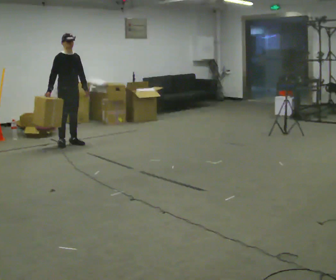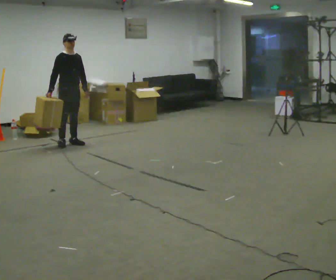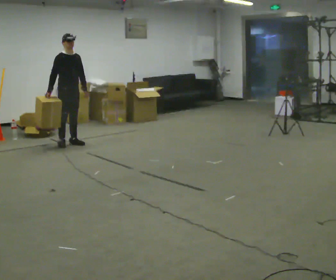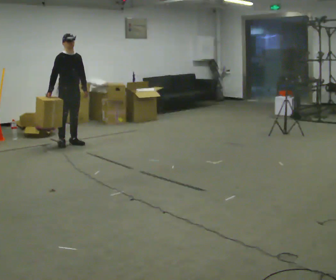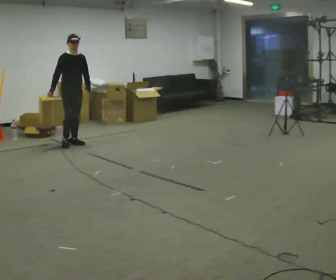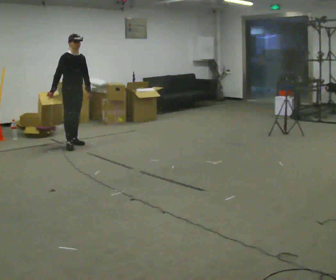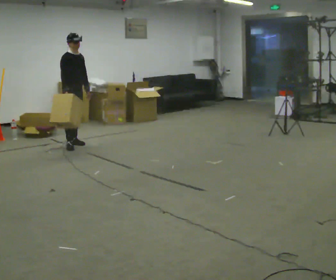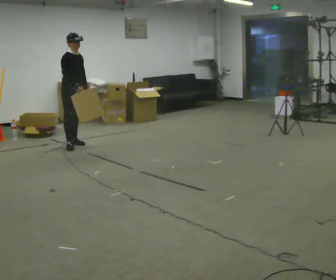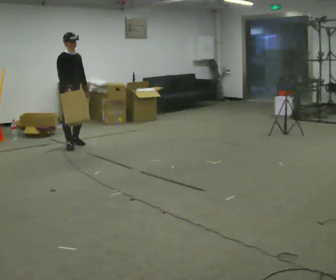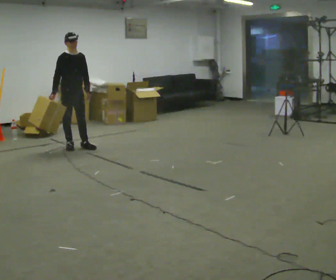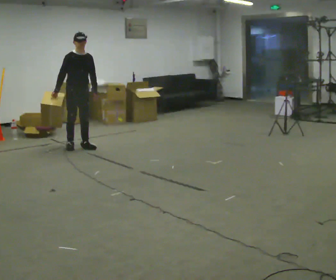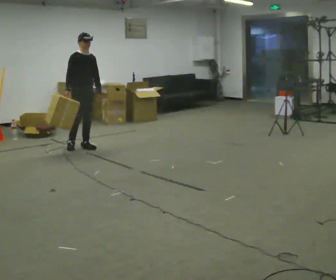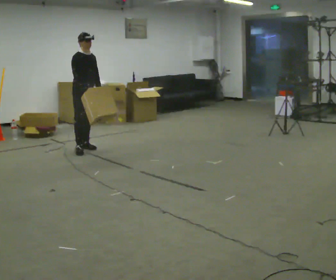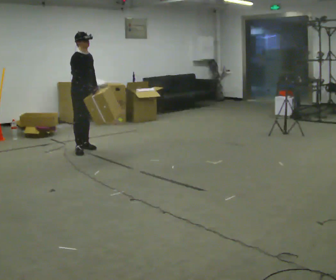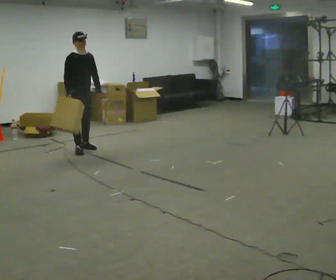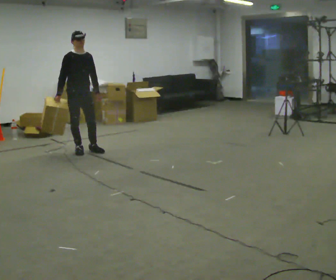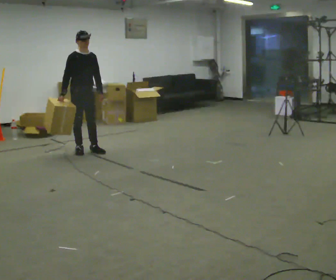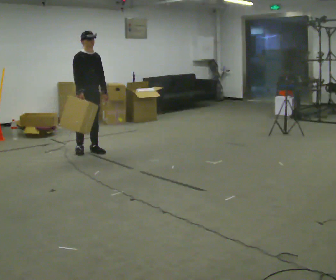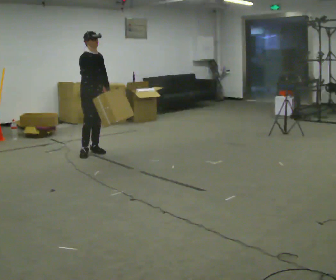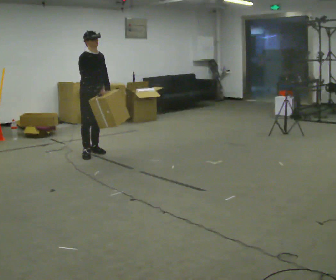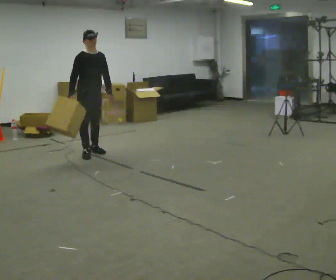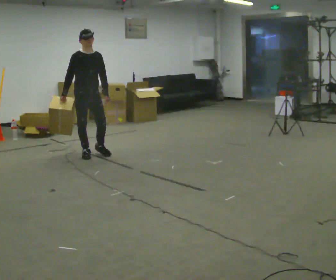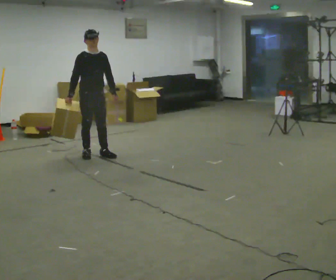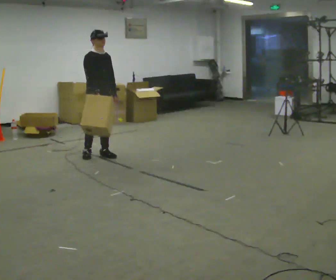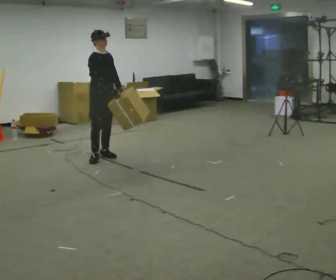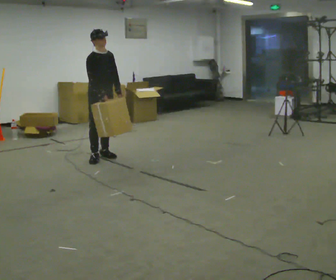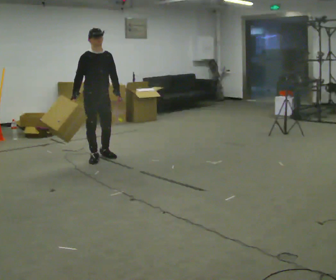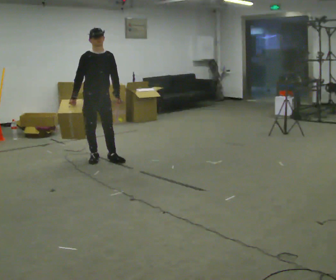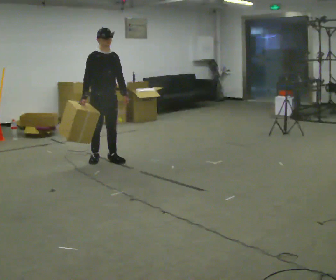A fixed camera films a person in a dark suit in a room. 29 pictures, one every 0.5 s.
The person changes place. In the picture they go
toward the camera.
0.0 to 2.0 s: The person moves a little, or ends about where they began.
2.0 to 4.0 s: In the picture they go toward the camera, about 0.25 m in 1 step, which for them is to their right and forward.
4.0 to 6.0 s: In the picture they go to the right, about 0.25 m in 2 steps, which for them is to their left and forward.
6.0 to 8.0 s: In the picture they go toward the camera, about 0.25 m in 1 step, which for them is forward. In the picture their right hand goes to the left.
8.0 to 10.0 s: In the picture they go toward the camera, about 0.25 m in 1 step, which for them is forward.
10.0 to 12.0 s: In the picture they go toward the camera, about 0.25 m in 2 steps, which for them is forward. In the picture their right hand goes to the right.
12.0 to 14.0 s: In the picture they go toward the camera, about 0.25 m in 1 step, which for them is forward. In the picture their right hand goes to the left.
The film runs forward here.
